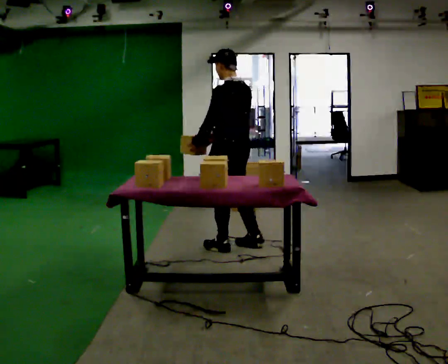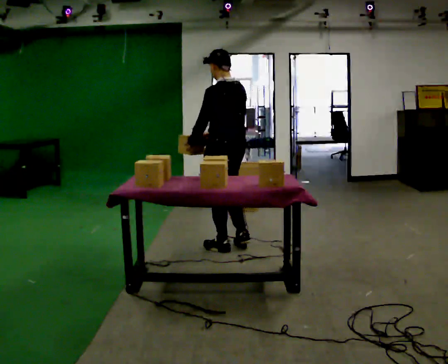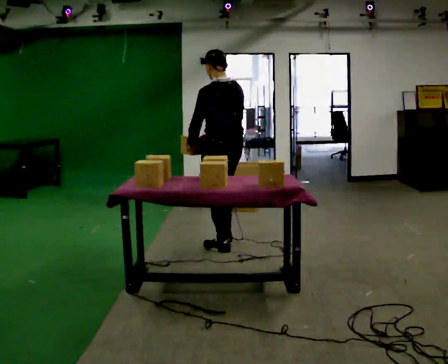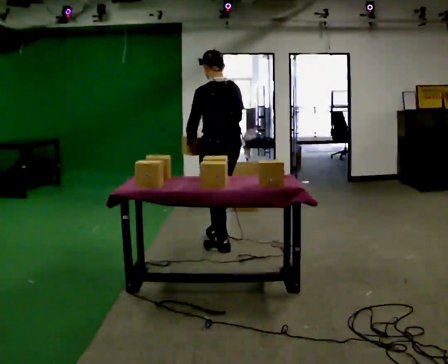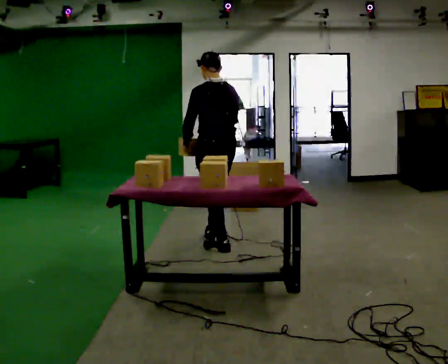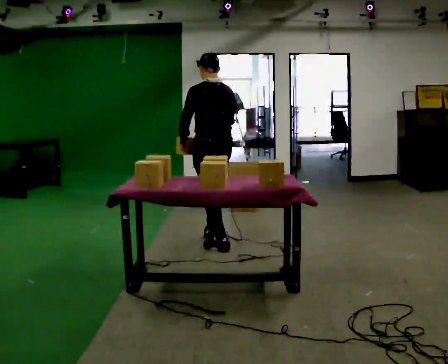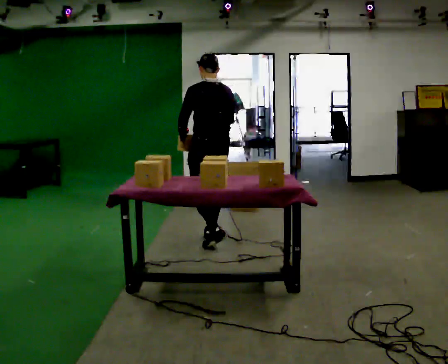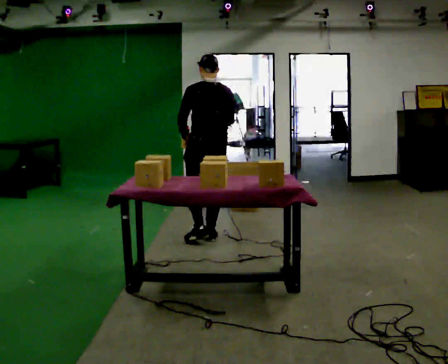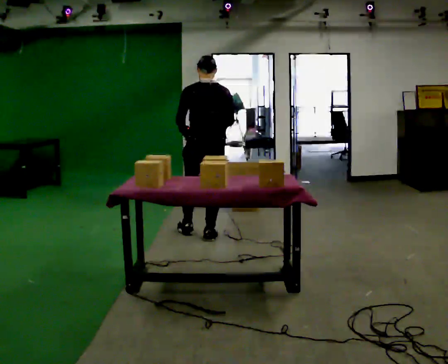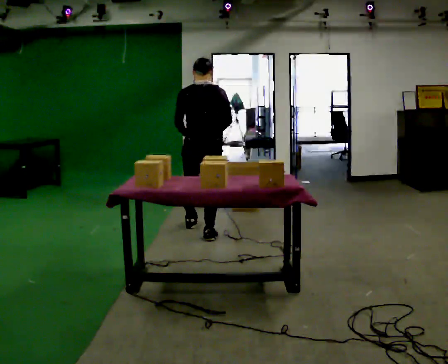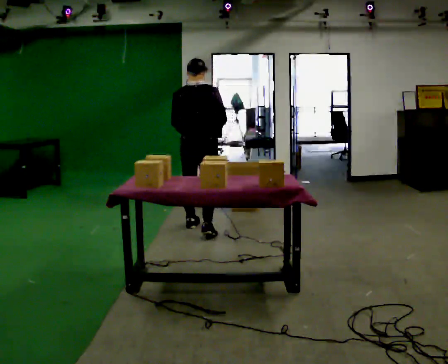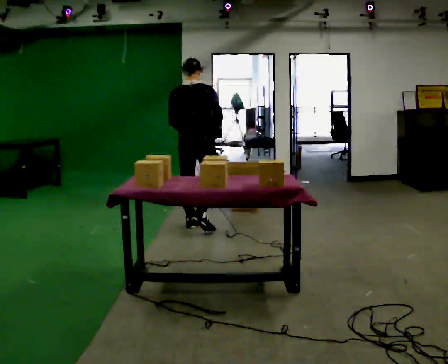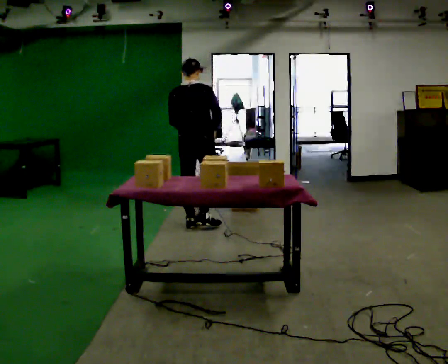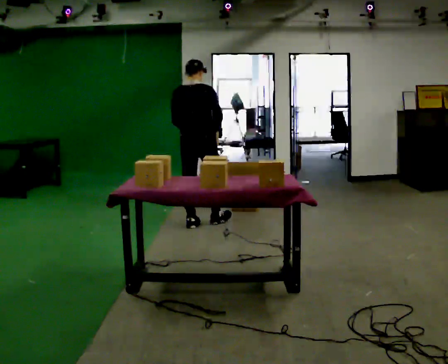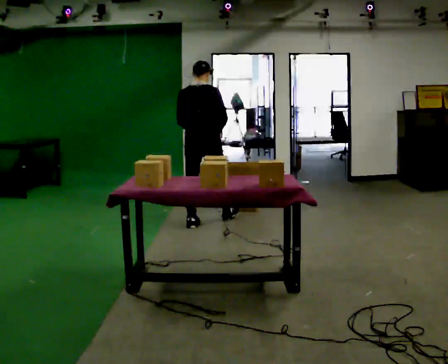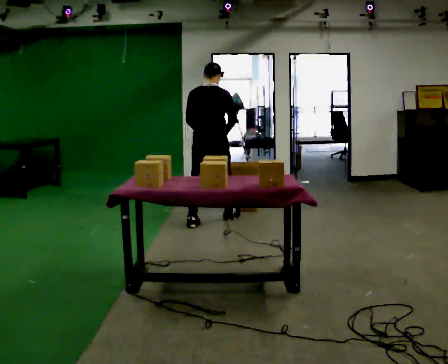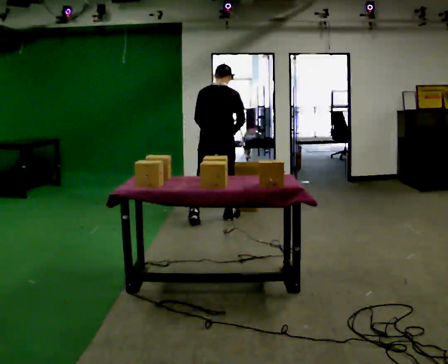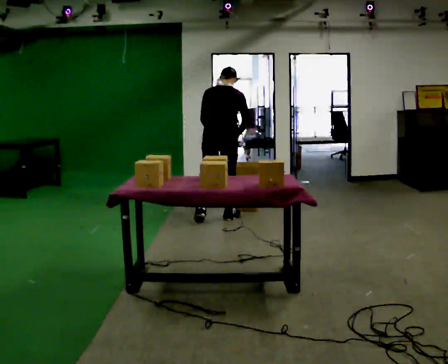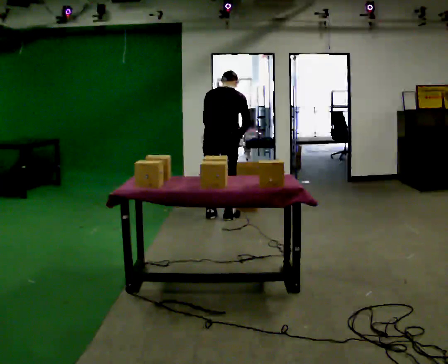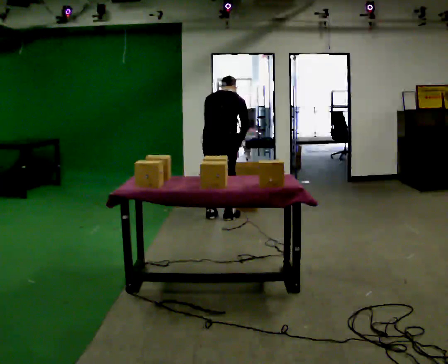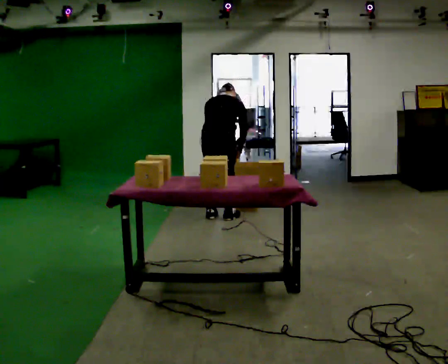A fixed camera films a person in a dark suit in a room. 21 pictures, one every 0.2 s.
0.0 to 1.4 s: The person turns about 30 degrees to their right, clockwise seen from above, so the part of the body nearest the lens slides to the left. In the picture they go away from the camera and to the left, about 0.5 m in 1 step, which for them is forward.
1.4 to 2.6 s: The person turns about 45 degrees to their right, clockwise seen from above, so the part of the body nearest the lens slides to the left. In the picture they go away from the camera, about 0.5 m in 1 step, which for them is forward and to their left.
2.6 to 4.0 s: In the picture they go away from the camera and to the right, about 0.25 m in 2 steps, which for them is forward and to their right. The upper body tips away from the camera, its near side rolling upward, as they bend forward.
The film runs forward here.
